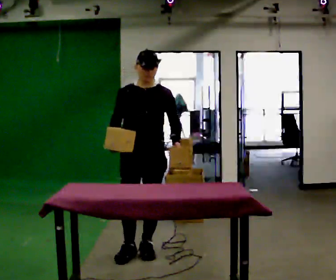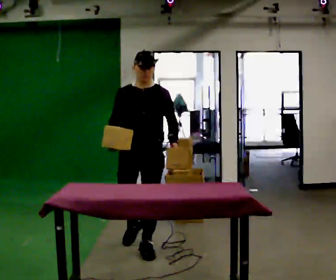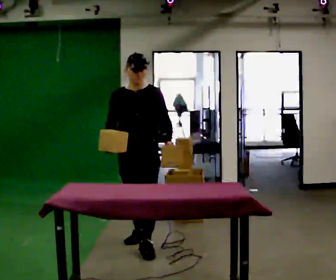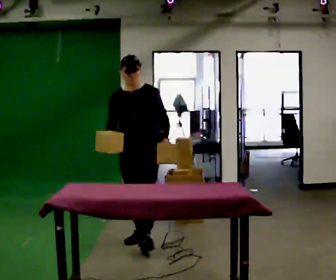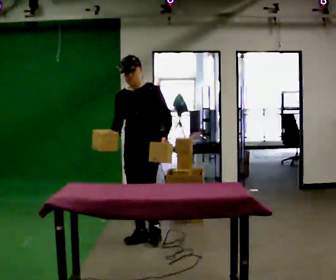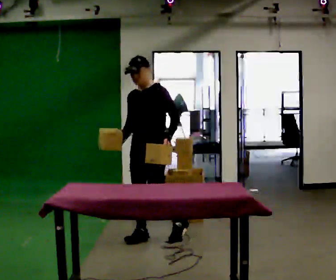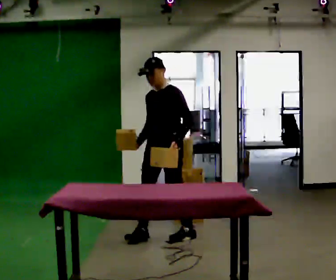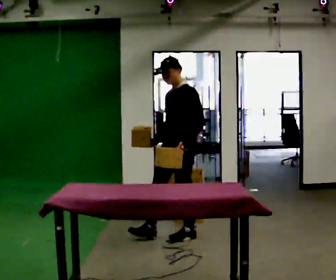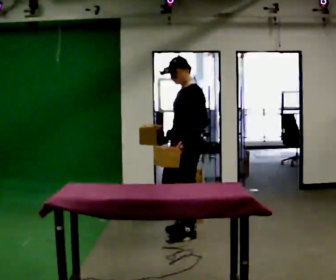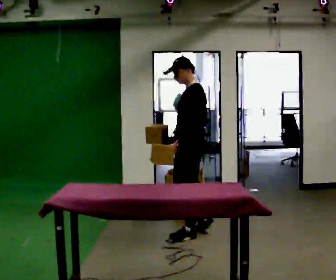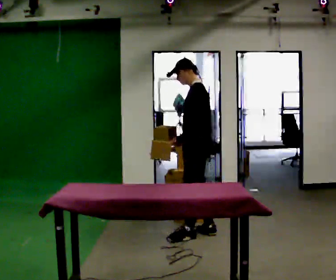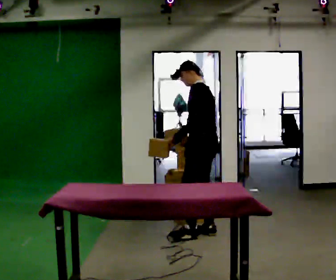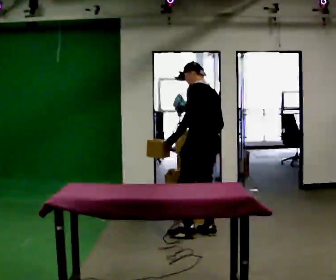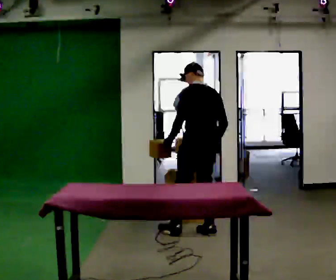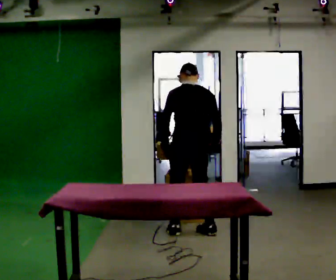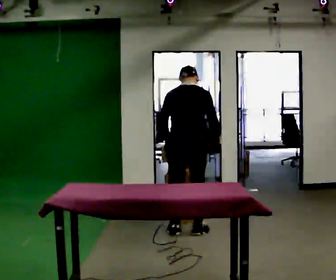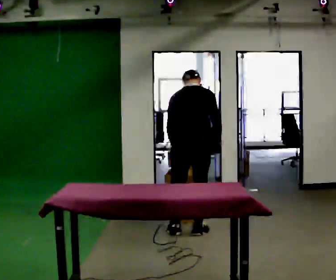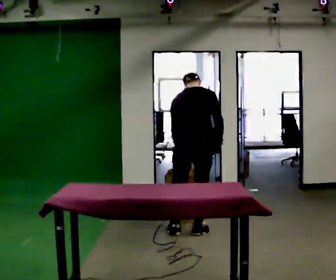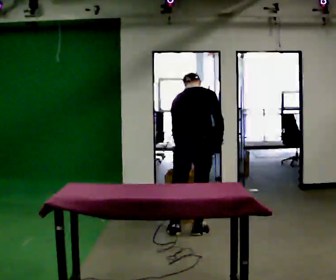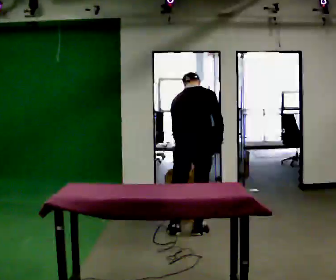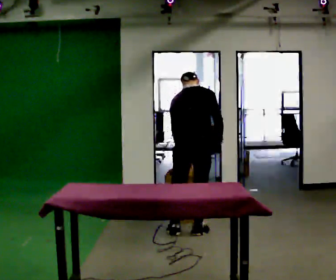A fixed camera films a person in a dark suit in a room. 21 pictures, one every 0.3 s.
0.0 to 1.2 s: The person turns about 30 degrees to their right, clockwise seen from above, so the part of the body nearest the lens slides to the left. In the picture they go away from the camera, about 0.5 m in 1 step, which for them is backward.
1.2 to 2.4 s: The part of the body nearest the lens slides to the left as the person turns to their right by about 45 degrees. In the picture they go to the right, about 0.5 m in 1 step, which for them is backward and to their left.
2.4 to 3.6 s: Seen from above the body turns clockwise, about 60 degrees: to their right, with its near side sliding to the left. In the picture they go to the right and away from the camera, about 0.25 m in 1 step, which for them is backward and to their right.
3.6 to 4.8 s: The person turns about 60 degrees to their right, clockwise seen from above, so the part of the body nearest the lens slides to the left.
4.8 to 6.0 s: The person moves a little, or ends about where they began.
The film runs backward here.
